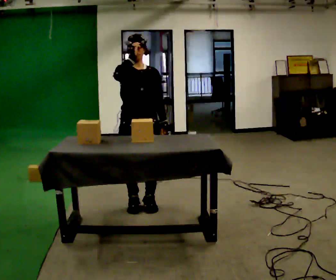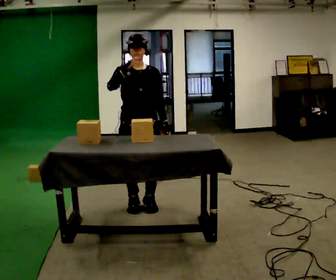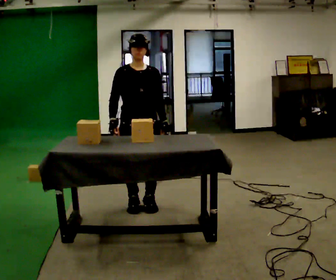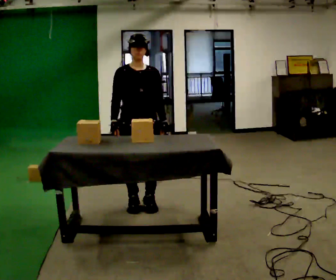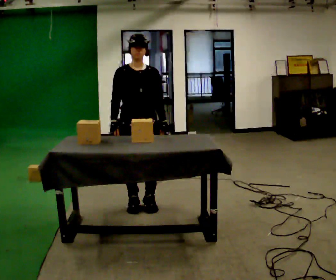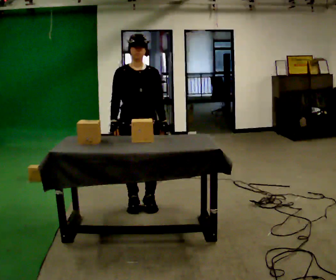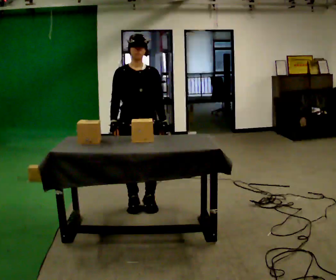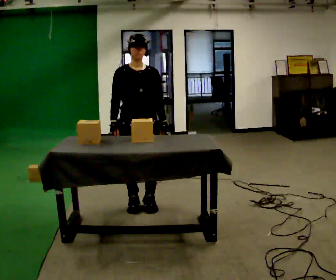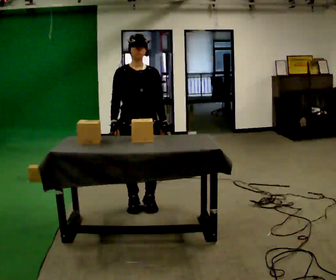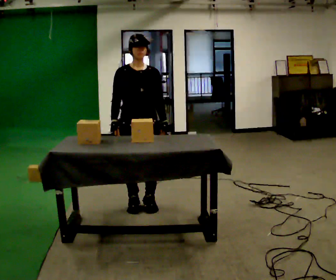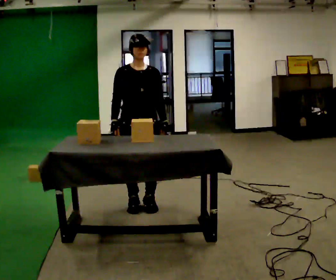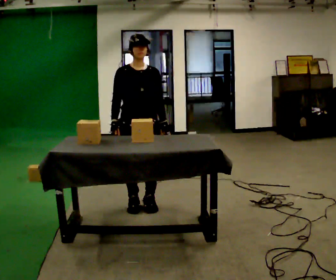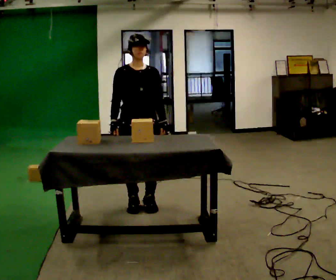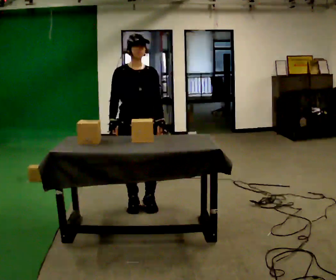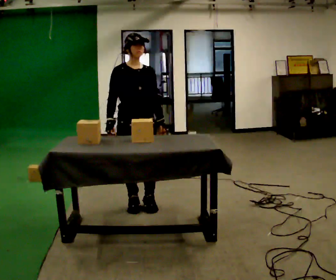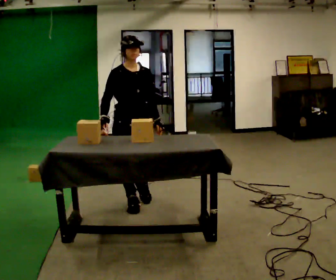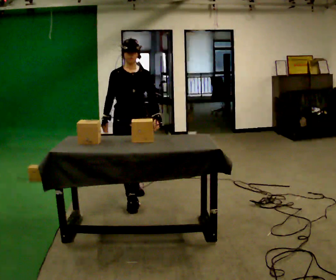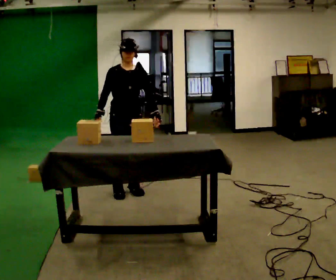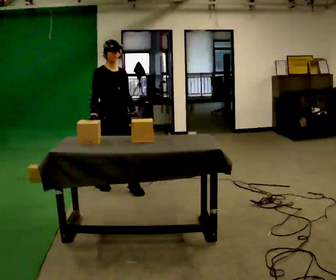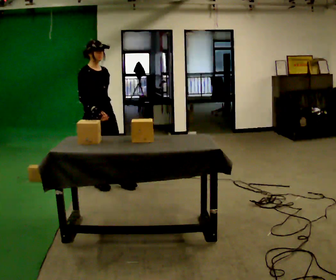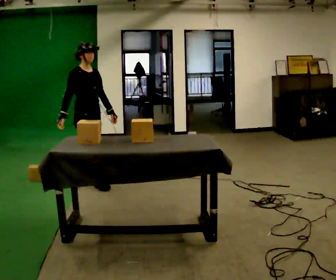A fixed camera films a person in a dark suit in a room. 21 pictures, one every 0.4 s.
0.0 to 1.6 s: In the picture their right hand goes downward.
1.6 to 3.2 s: The person keeps their place and pose.
3.2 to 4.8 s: The person moves a little, or ends about where they began.
4.8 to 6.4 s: In the picture they go away from the camera, about 0.25 m in 1 step, which for them is backward.
6.4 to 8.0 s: The part of the body nearest the lens slides to the right as the person turns to their left by about 45 degrees. In the picture they go to the left and away from the camera, about 0.75 m in 2 steps, which for them is backward.
The film runs backward here.
